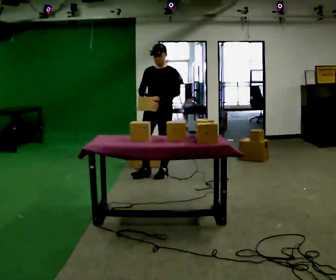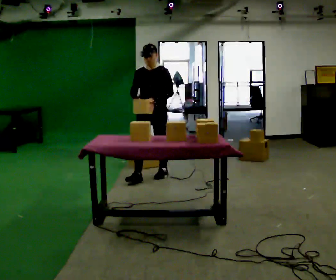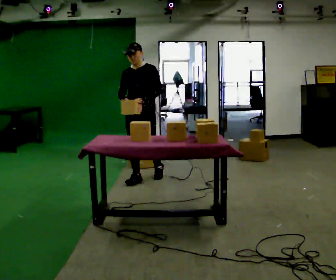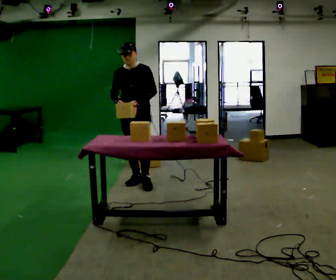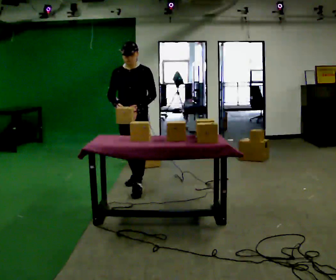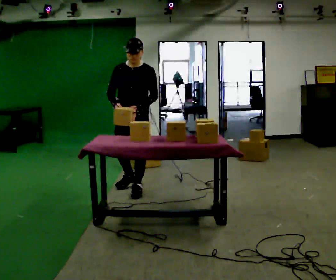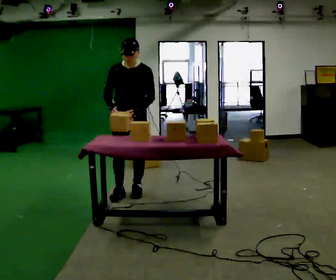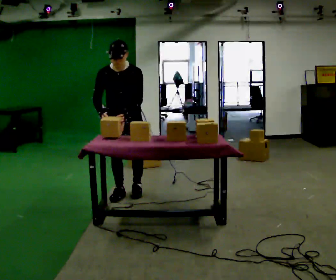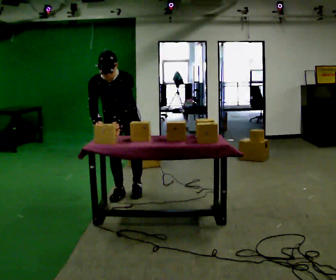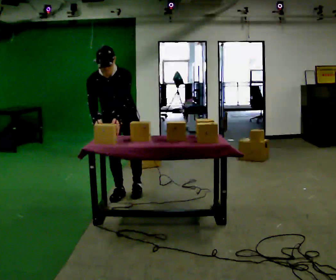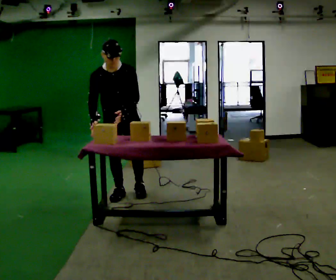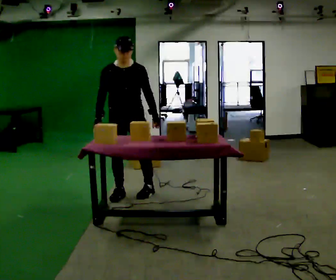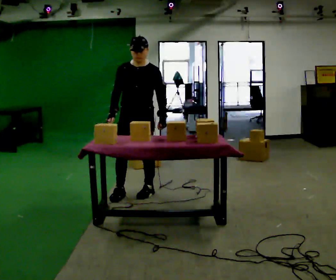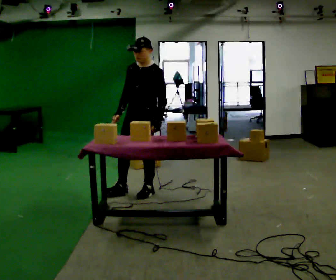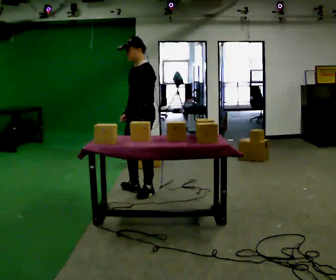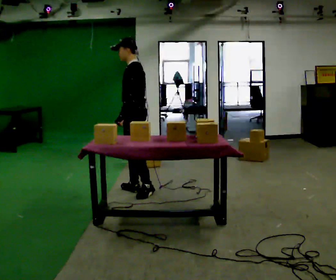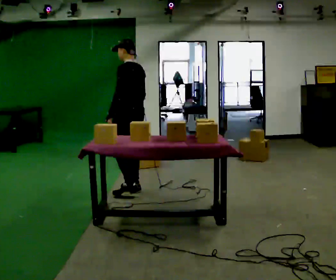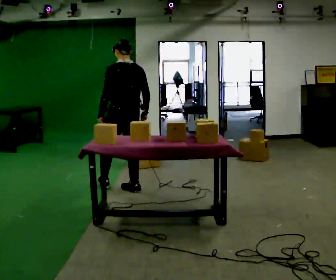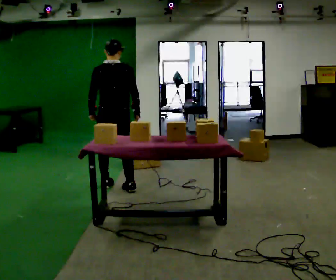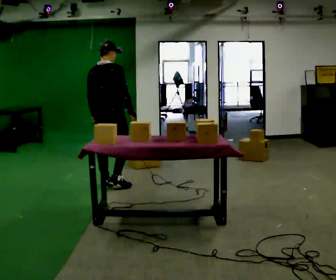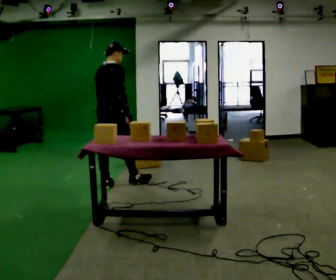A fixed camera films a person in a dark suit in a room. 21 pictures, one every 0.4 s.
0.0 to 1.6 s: In the picture they go toward the camera and to the left, about 0.5 m in 2 steps, which for them is forward.
1.6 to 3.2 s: In the picture they go toward the camera, about 0.25 m in 1 step, which for them is forward. The upper body tips toward the camera, its near side rolling downward, as they bend forward.
3.2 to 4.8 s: In the picture they go to the right, about 0.25 m, which for them is to their left. The upper body tips away from the camera, its near side rolling upward, as they lean back or straighten.
4.8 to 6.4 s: The part of the body nearest the lens slides to the left as the person turns to their right by about 105 degrees. In the picture they go away from the camera, about 0.25 m in 1 step. In the picture their left hand goes to the left, the arm swinging clockwise.
6.4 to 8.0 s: The person turns about 105 degrees to their right, clockwise seen from above, so the part of the body nearest the lens slides to the left. In the picture they go to the left and away from the camera, about 0.25 m in 2 steps.
The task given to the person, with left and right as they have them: 1. Look at the shelf and see which spaces are empty. 2. Find matching items in the bins on the floor. 3. Fill the empty spaces on the shelf. 4. Tell the operator when you are finished.
The film runs forward here.
